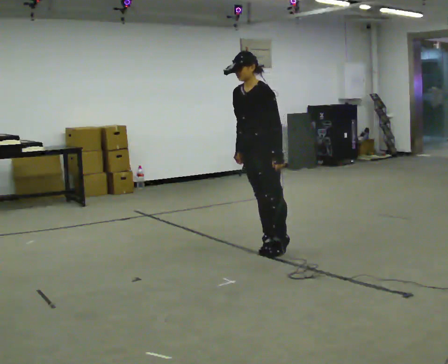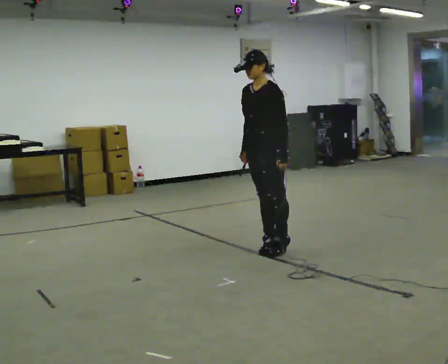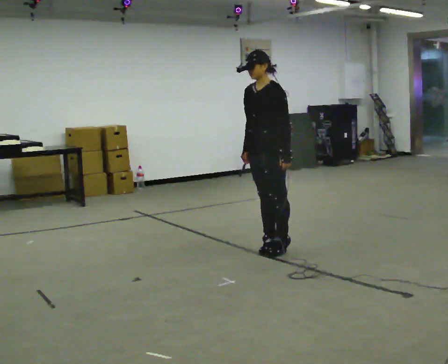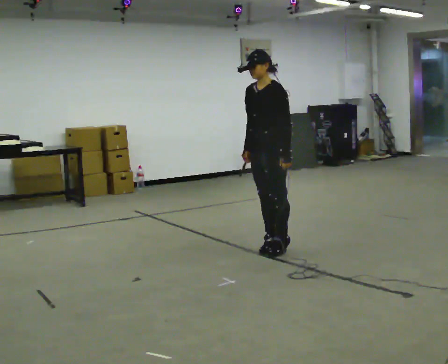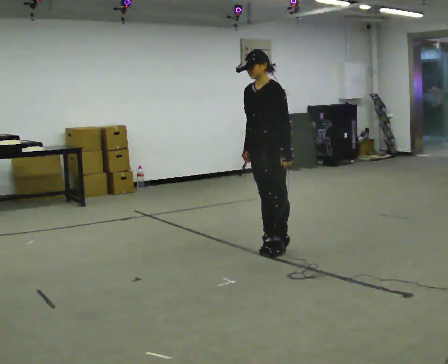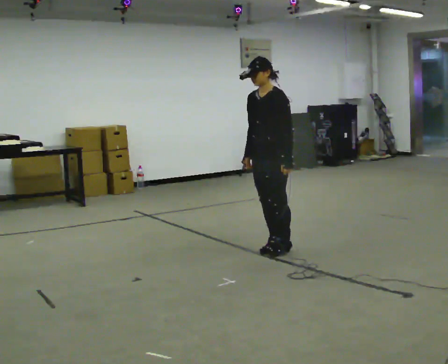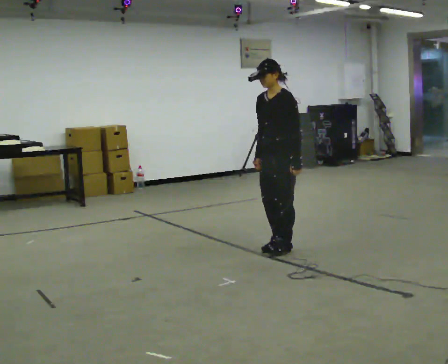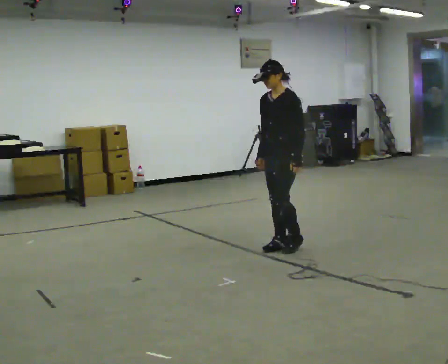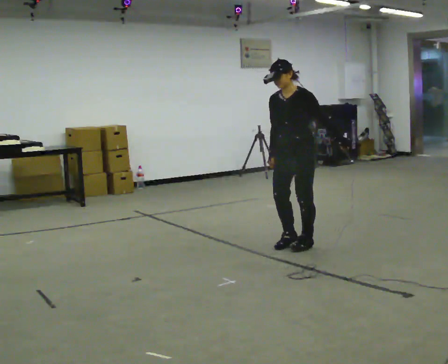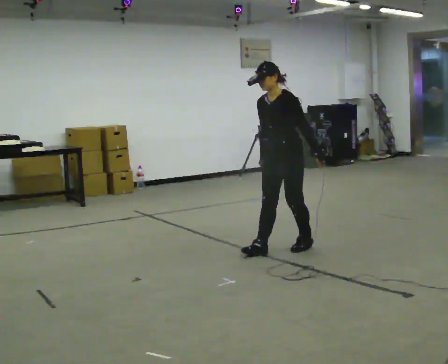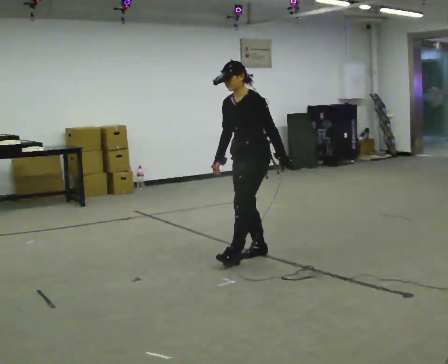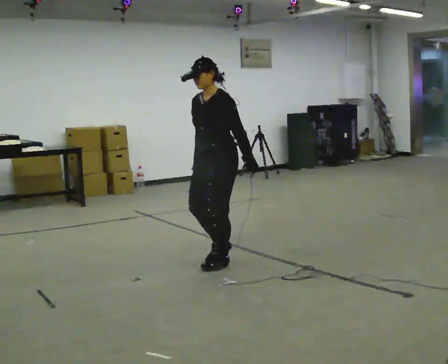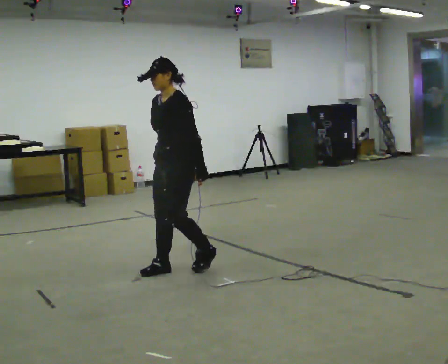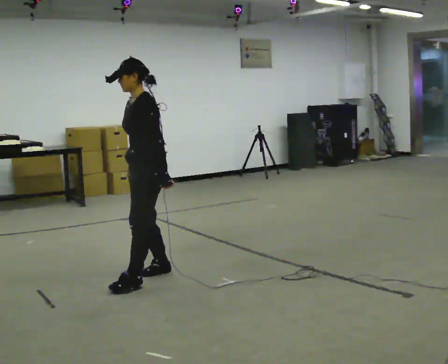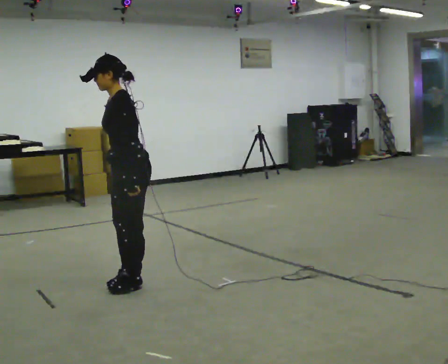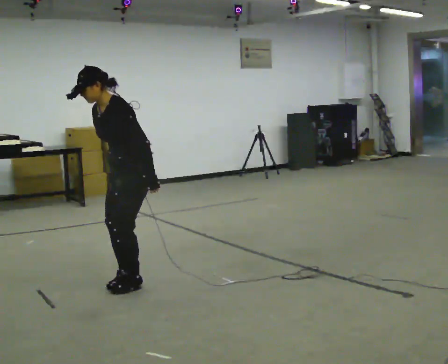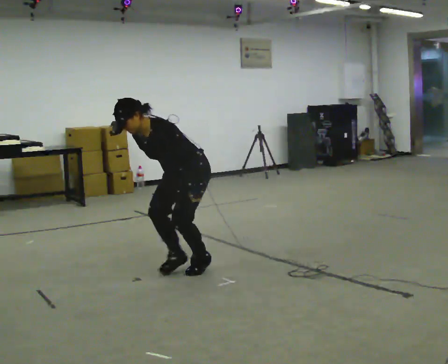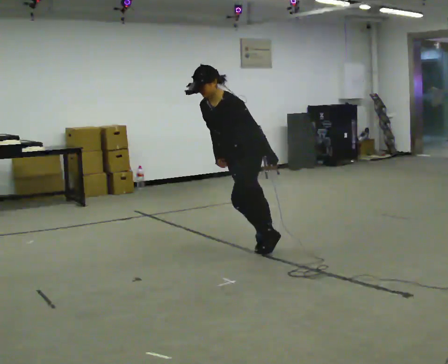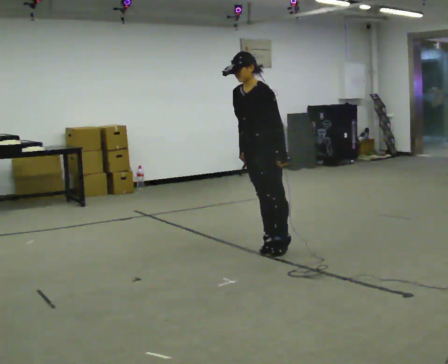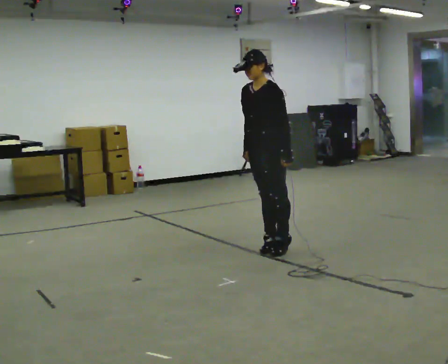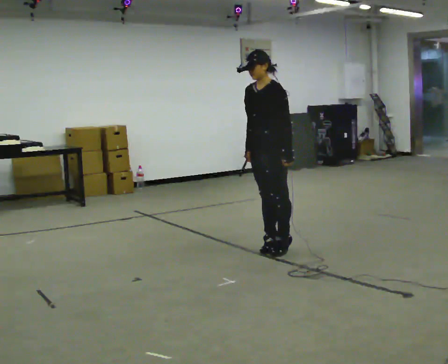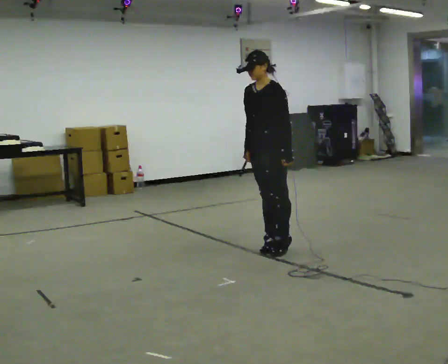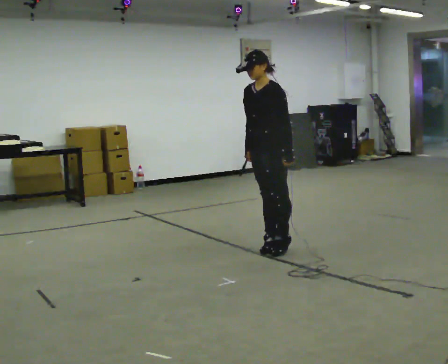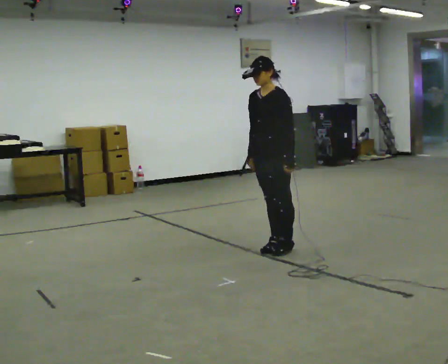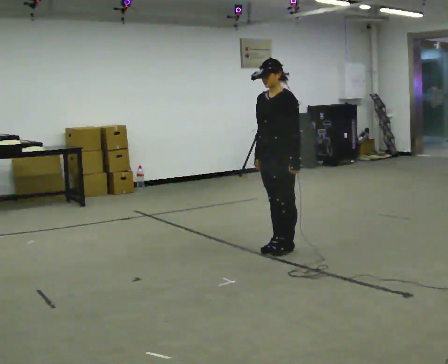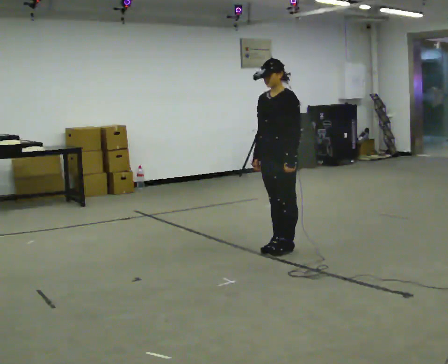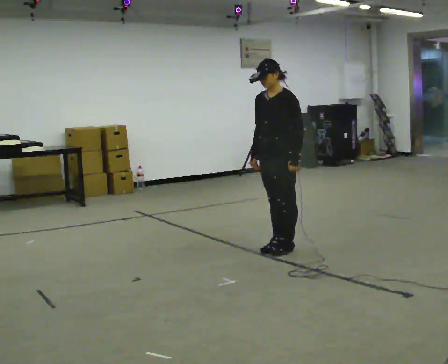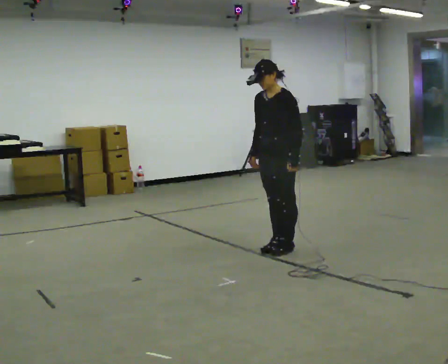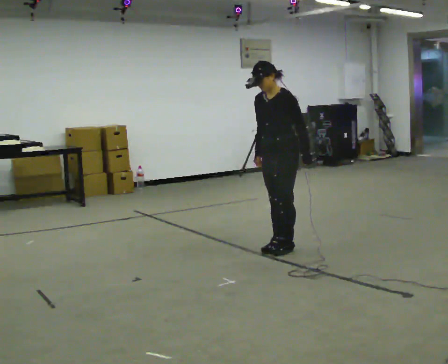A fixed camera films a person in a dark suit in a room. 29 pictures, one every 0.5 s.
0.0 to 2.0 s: The person moves a little, or ends about where they began.
2.0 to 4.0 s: In the picture they go to the right, about 0.25 m in 1 step, which for them is backward.
4.0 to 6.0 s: In the picture they go to the left and toward the camera, about 1 m in 4 steps, which for them is forward.
6.0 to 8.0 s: The upper body goes downward. In the picture the upper body tilts counterclockwise, shoulders to the left, as they bend forward.
8.0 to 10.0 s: In the picture they go to the right and away from the camera, about 1 m in 1 step, which for them is backward. The upper body goes upward. In the picture the upper body tilts clockwise, shoulders to the right, as they lean back or straighten.
10.0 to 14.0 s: The person moves a little, or ends about where they began.
The film runs backward here.
